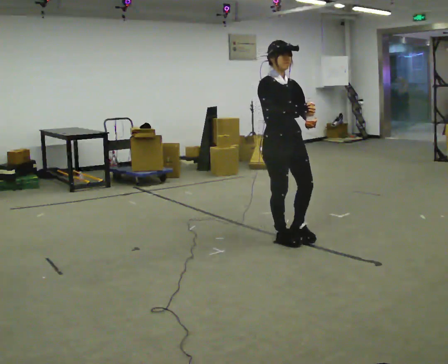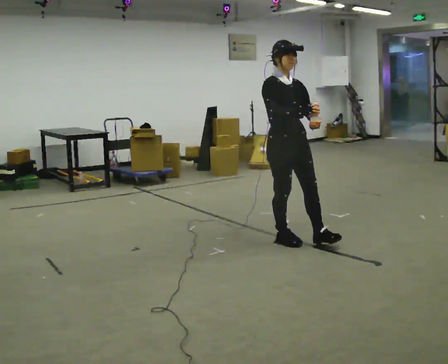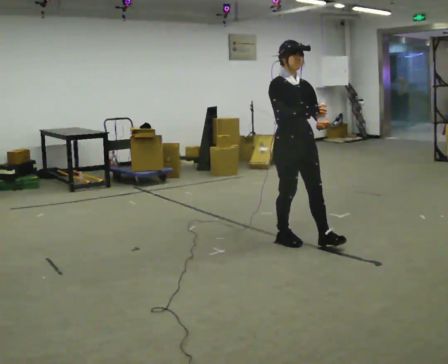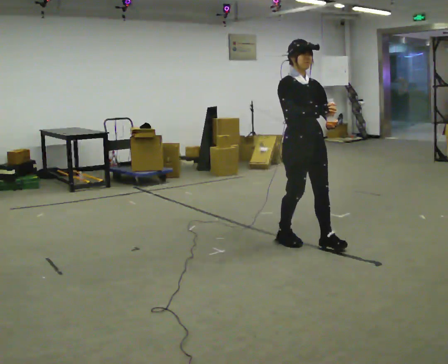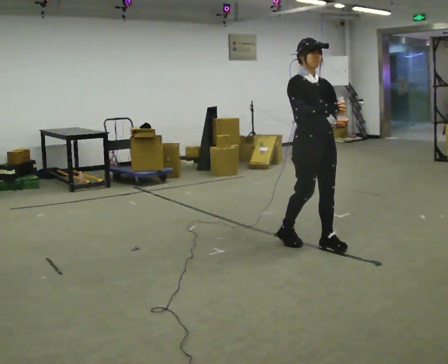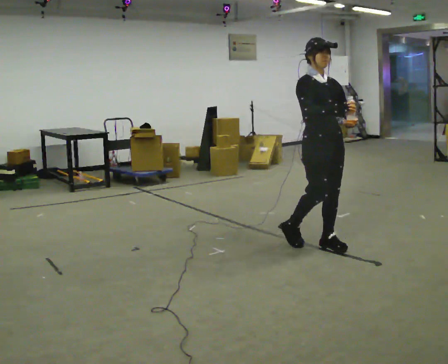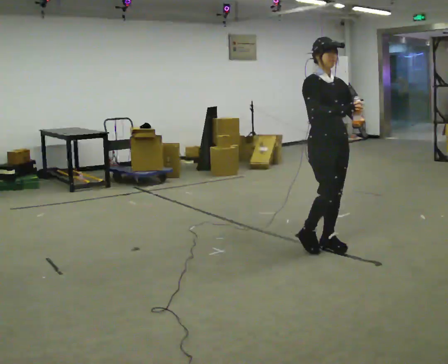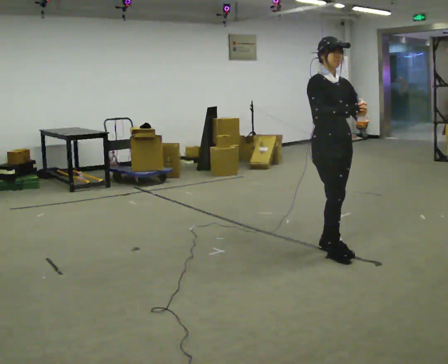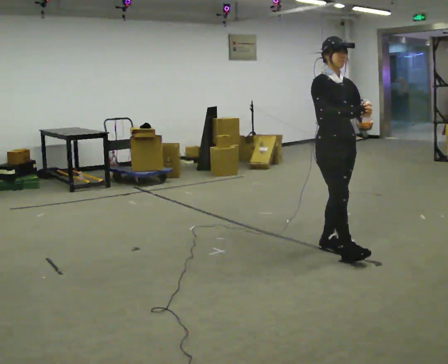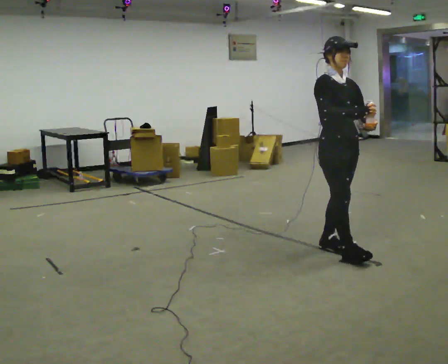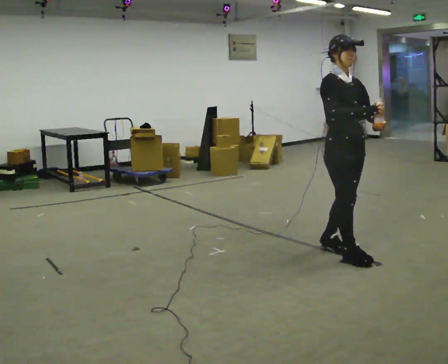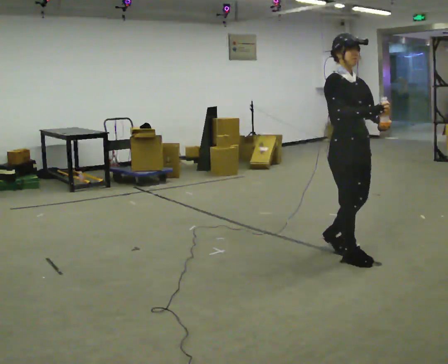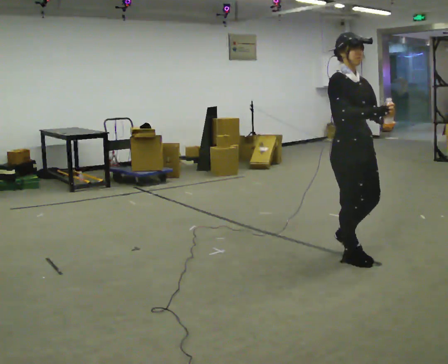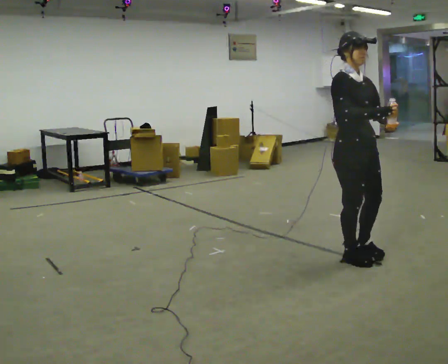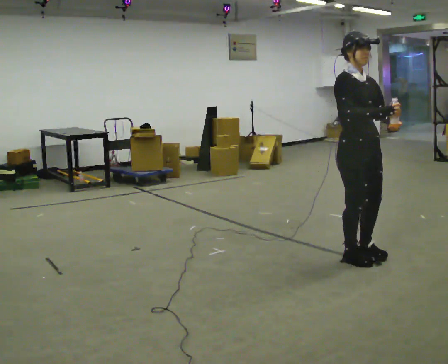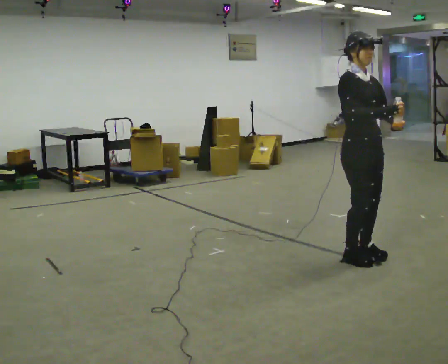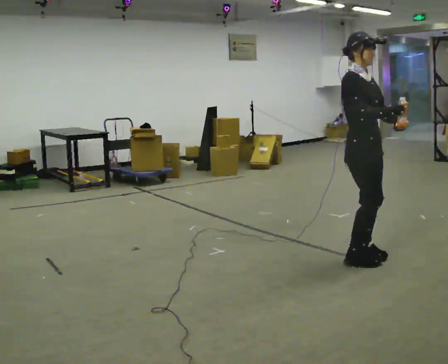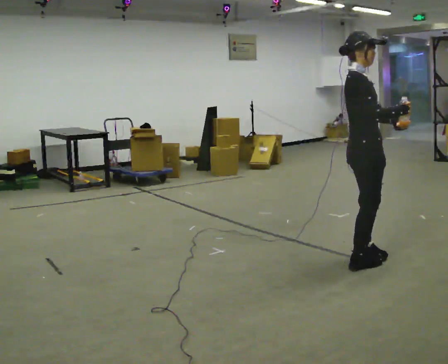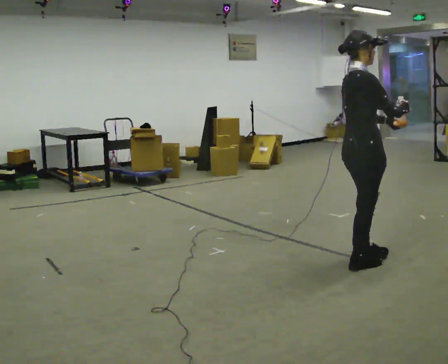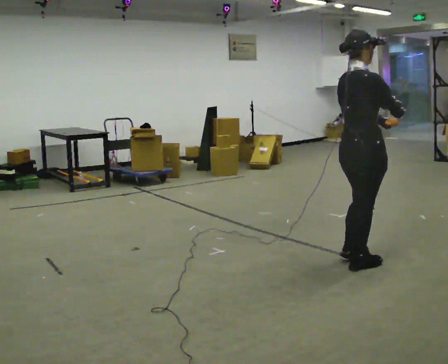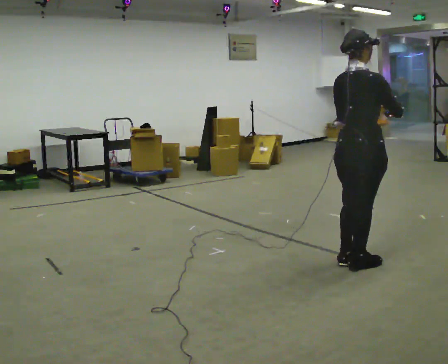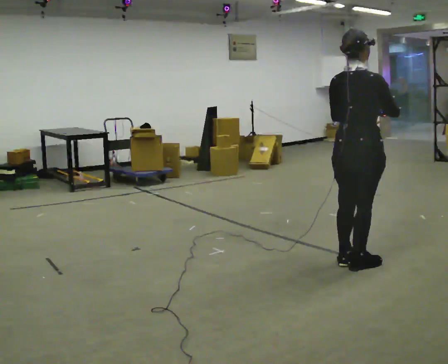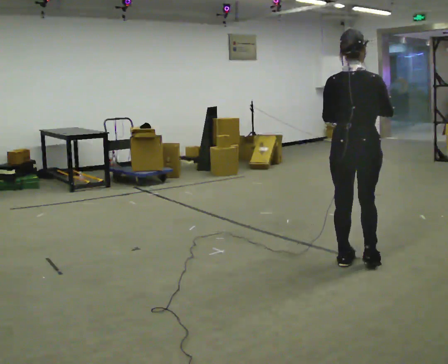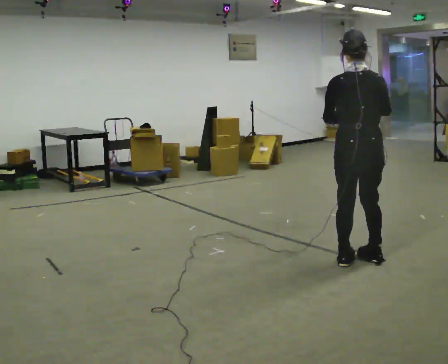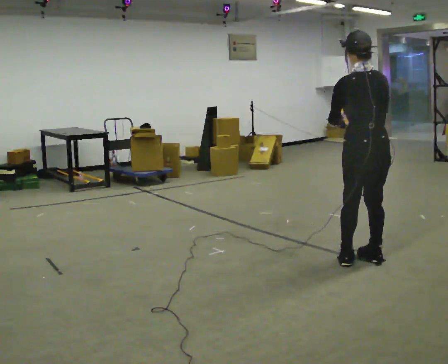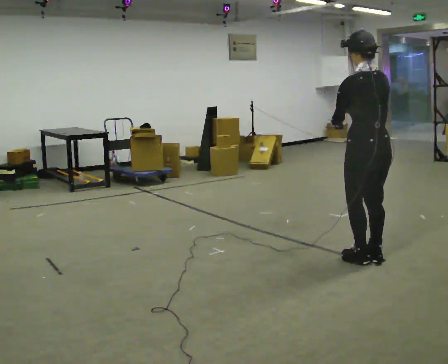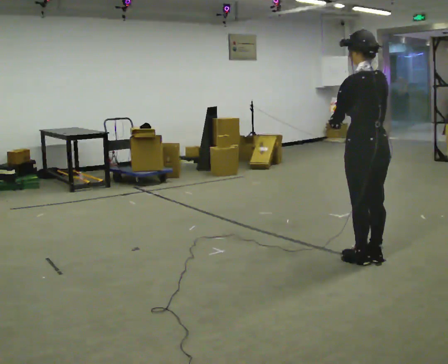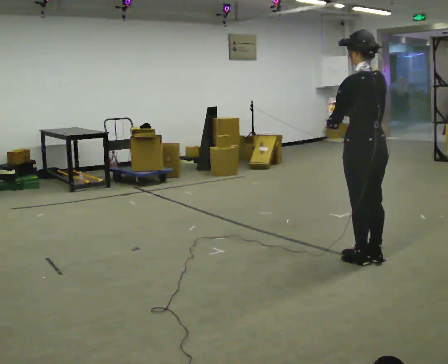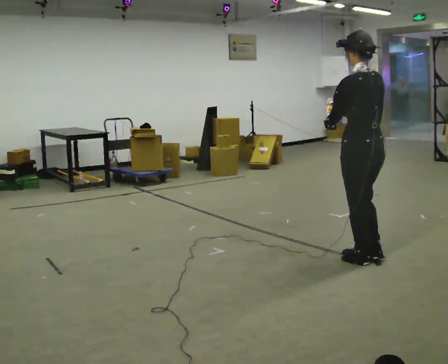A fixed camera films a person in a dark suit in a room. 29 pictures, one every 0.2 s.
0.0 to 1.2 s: In the picture they go to the right, about 0.5 m in 1 step, which for them is forward.
1.2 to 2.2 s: In the picture they go toward the camera and to the right, about 0.25 m in 1 step, which for them is forward.
2.2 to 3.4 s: Seen from above the body turns counterclockwise, about 30 degrees: to their left, with its near side sliding to the right.
3.4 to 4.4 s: Seen from above the body turns counterclockwise, about 90 degrees: to their left, with its near side sliding to the right.
4.4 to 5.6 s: The part of the body nearest the lens slides to the right as the person turns to their left by about 45 degrees.
The film runs forward here.
